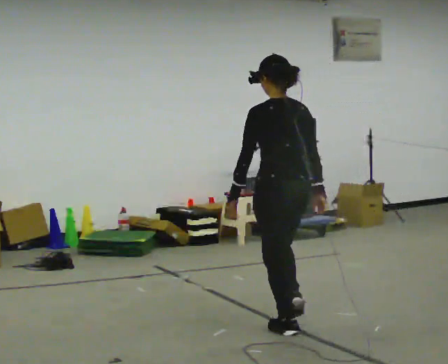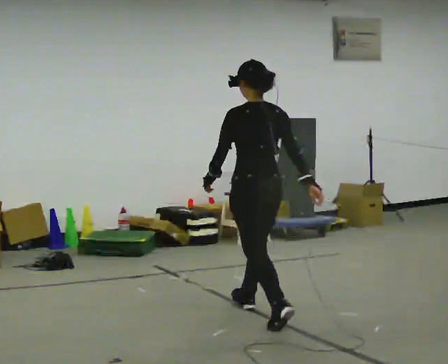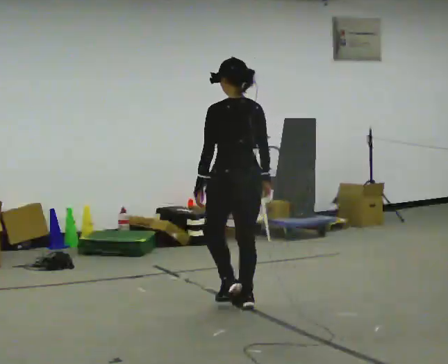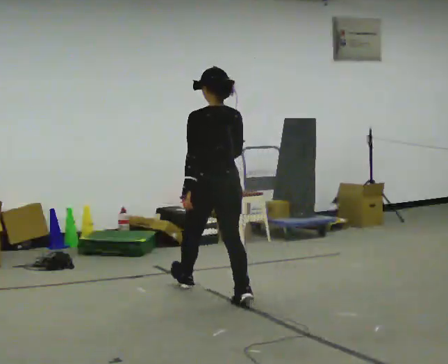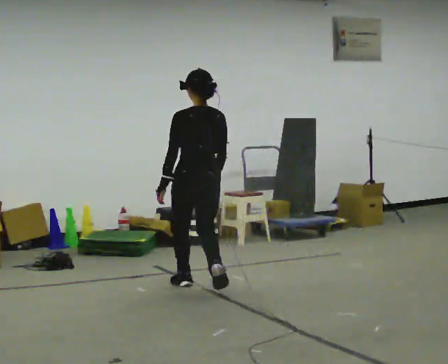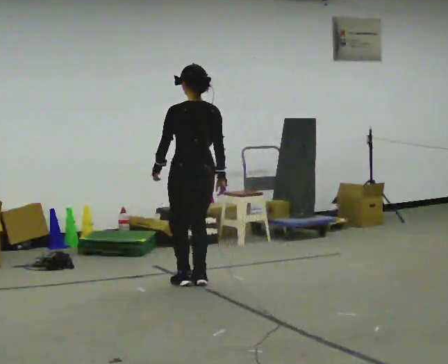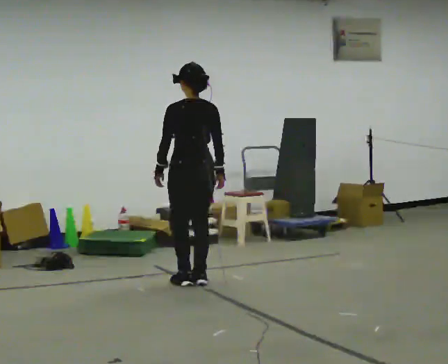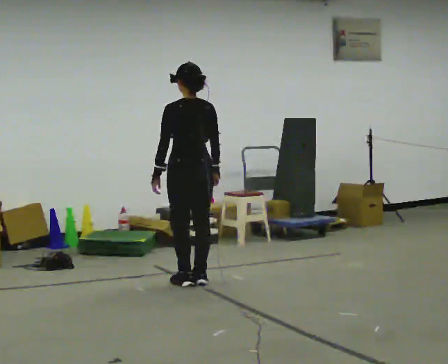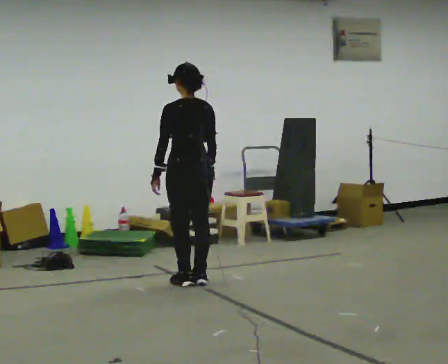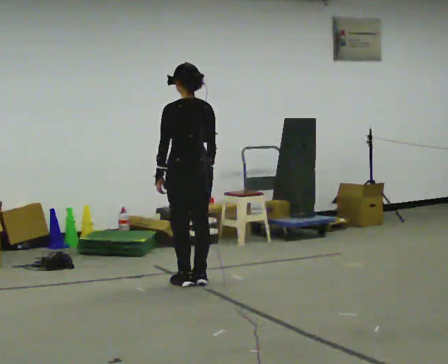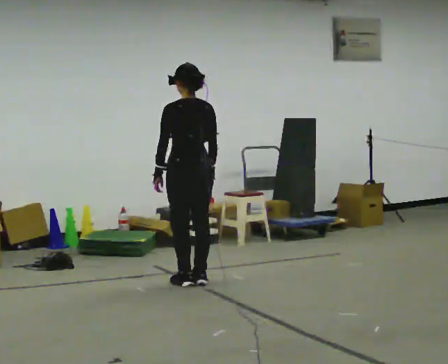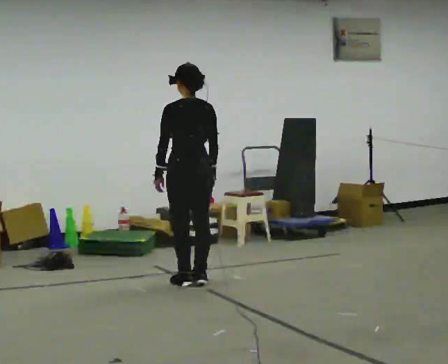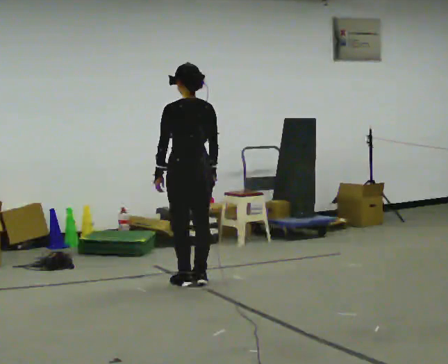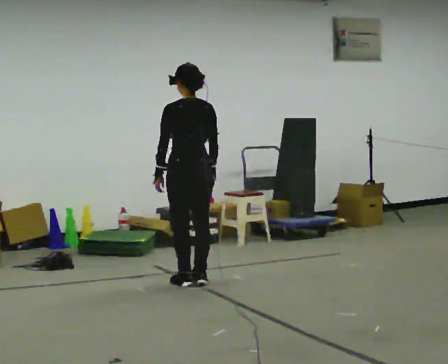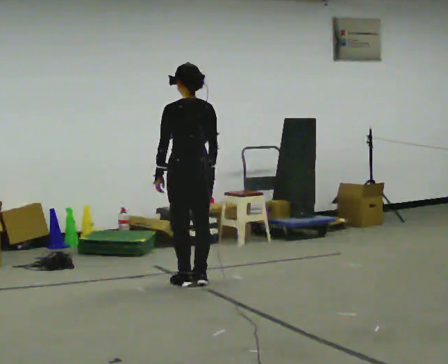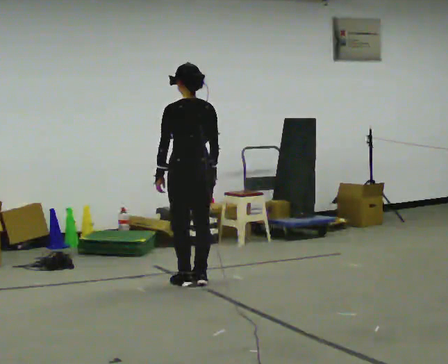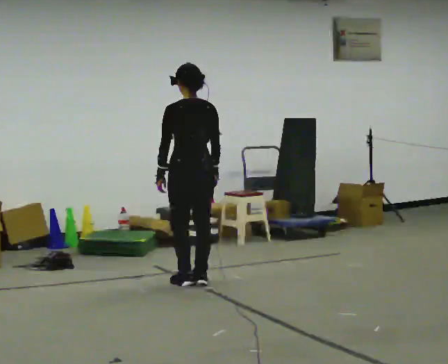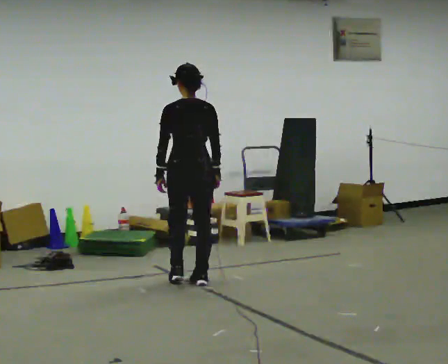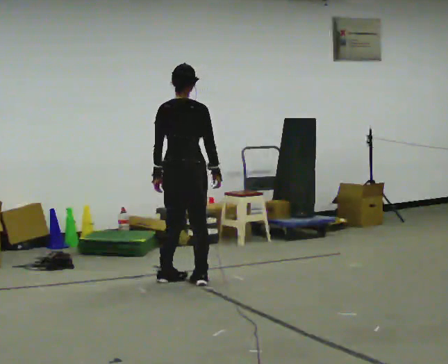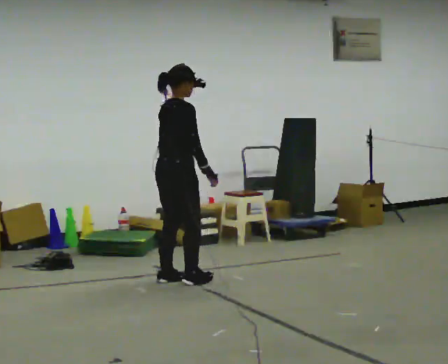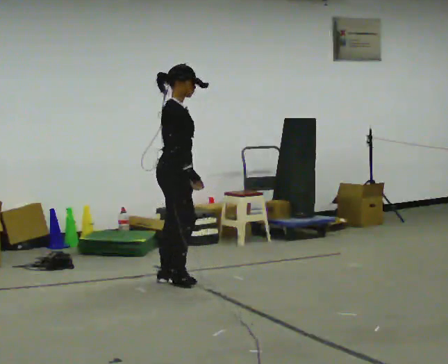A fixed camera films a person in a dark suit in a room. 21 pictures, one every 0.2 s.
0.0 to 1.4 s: In the picture they go away from the camera and to the left, about 1.5 m in 3 steps, which for them is forward.
1.4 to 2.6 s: The person moves a little, or ends about where they began.
2.6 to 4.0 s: The part of the body nearest the lens slides to the left as the person turns to their right by about 120 degrees.
The film runs forward here.
